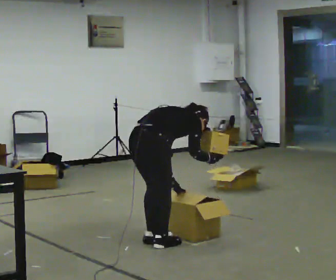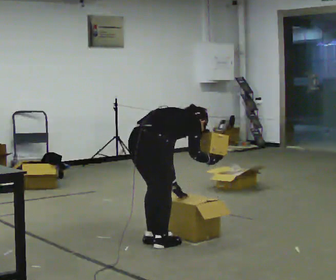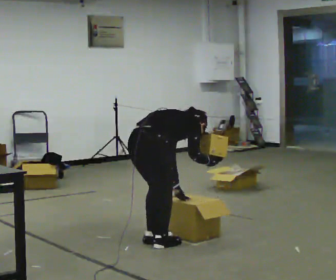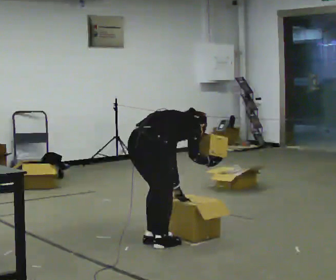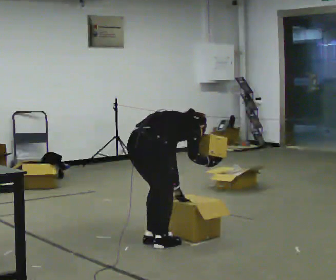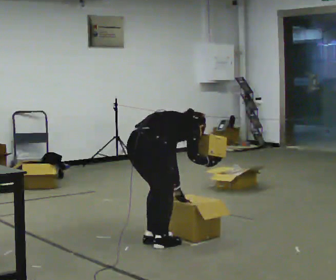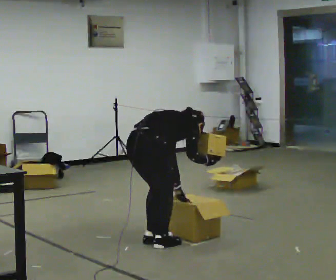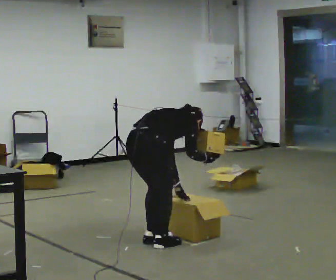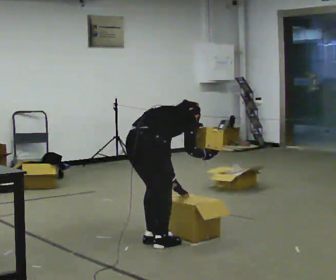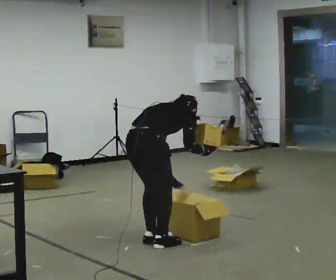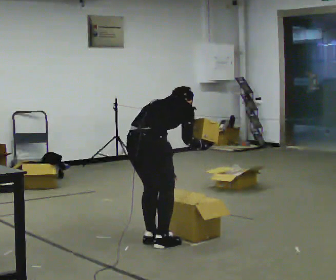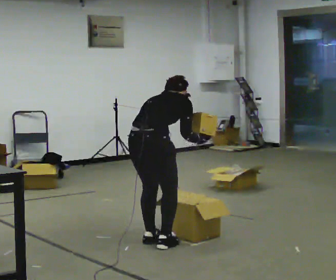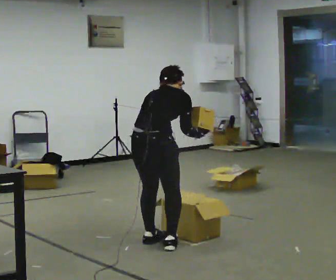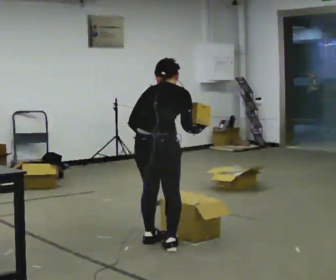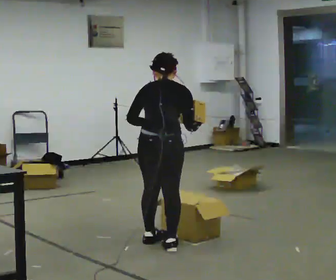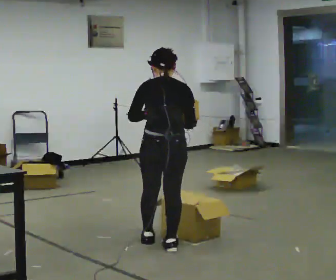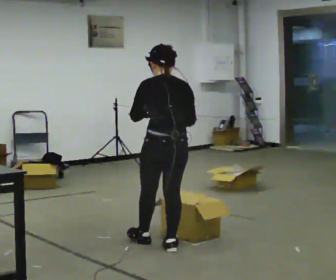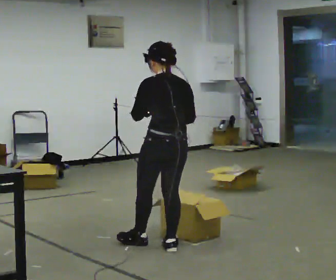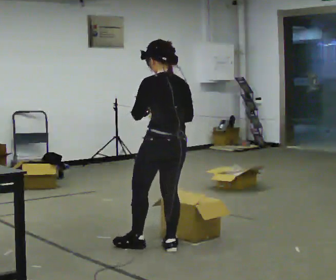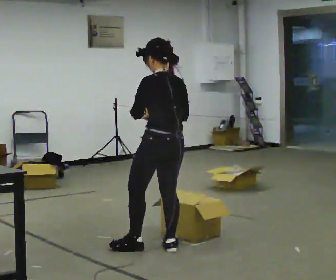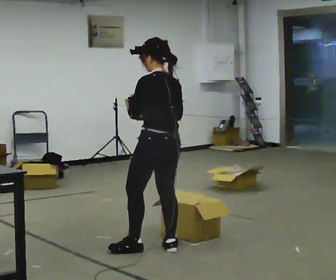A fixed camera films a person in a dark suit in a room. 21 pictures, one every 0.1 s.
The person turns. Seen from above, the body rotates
counterclockwise.
The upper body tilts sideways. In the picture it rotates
counterclockwise.
0.0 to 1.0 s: In the picture the upper body tilts counterclockwise, shoulders to the left, as they lean back or straighten.
1.0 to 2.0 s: Seen from above the body turns counterclockwise, about 90 degrees: to their left, with its near side sliding to the right. The upper body goes upward. In the picture the upper body tilts counterclockwise, shoulders to the left, as they lean back or straighten. In the picture their right hand goes to the left.
The film runs forward here.
